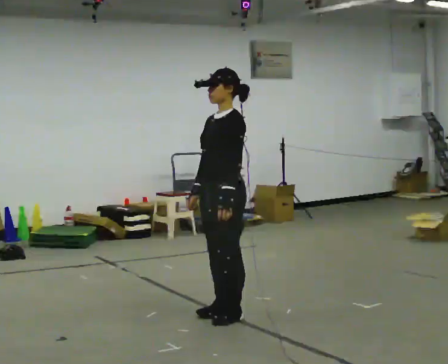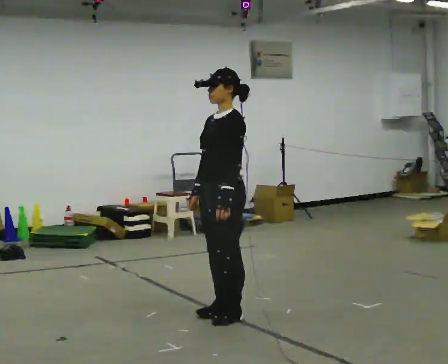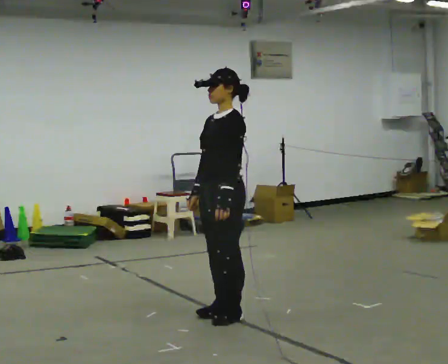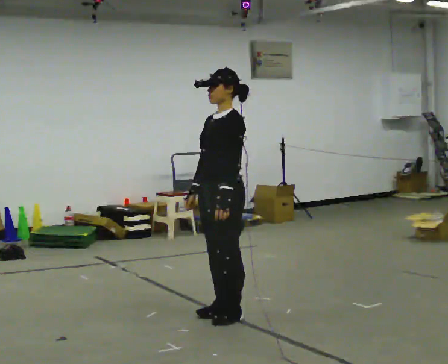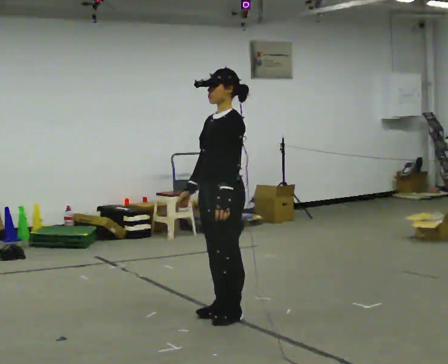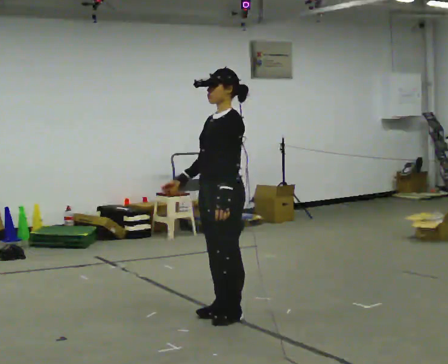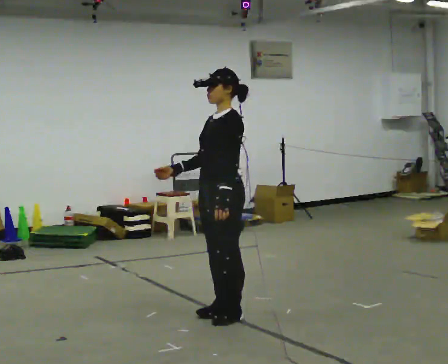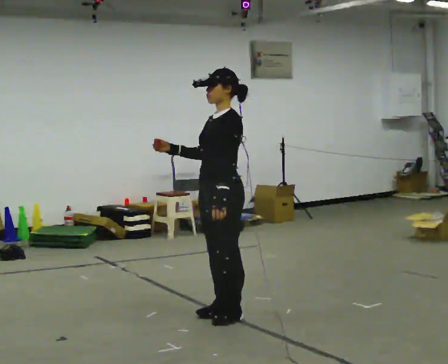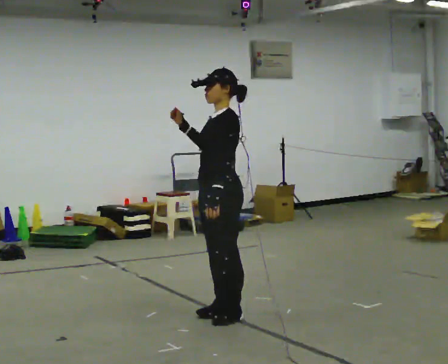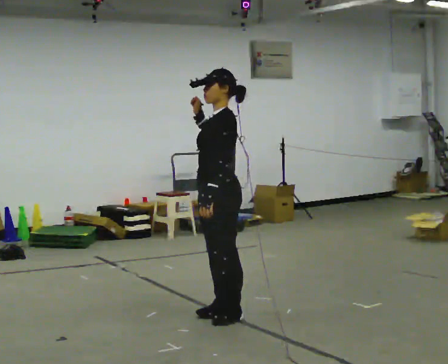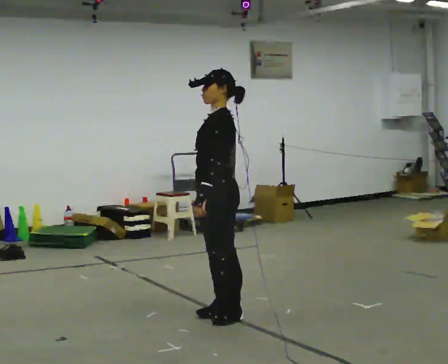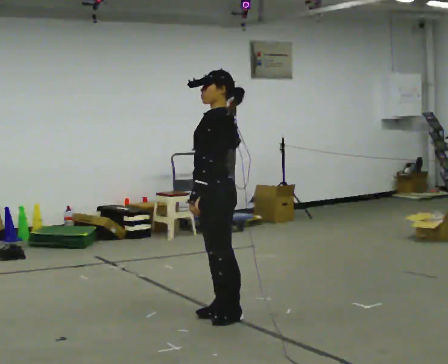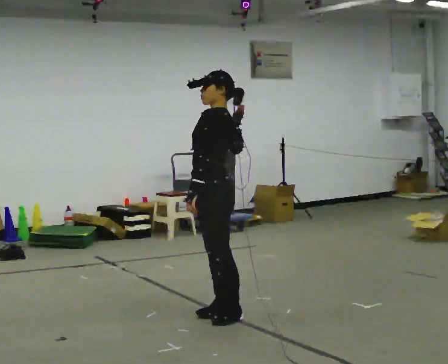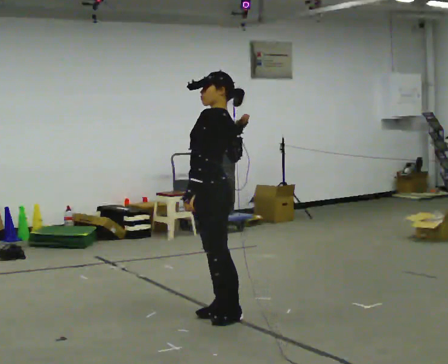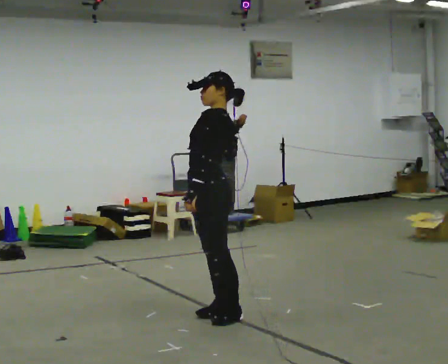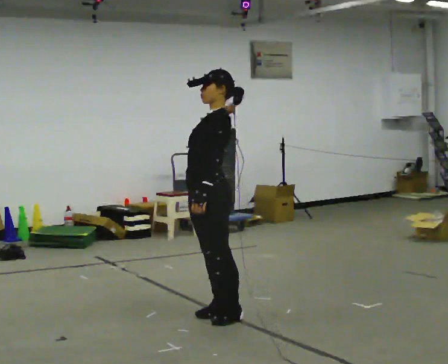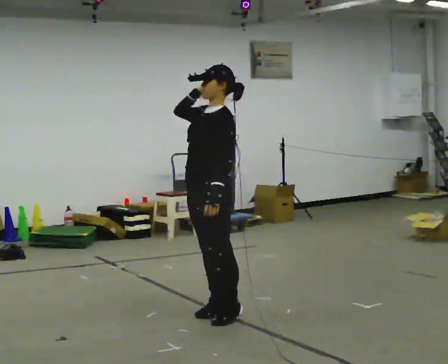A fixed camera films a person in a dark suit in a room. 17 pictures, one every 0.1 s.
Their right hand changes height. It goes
upward.
0.0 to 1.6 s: In the picture their right hand goes upward.
The film runs forward here.
